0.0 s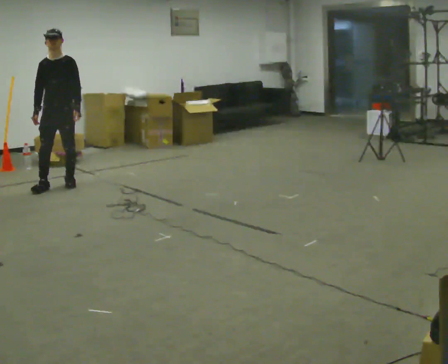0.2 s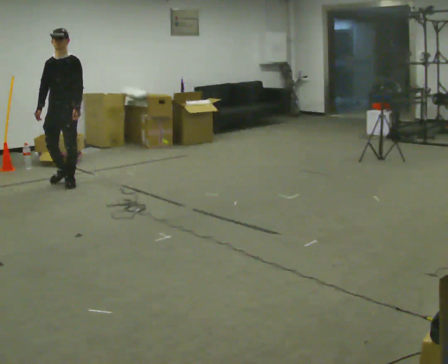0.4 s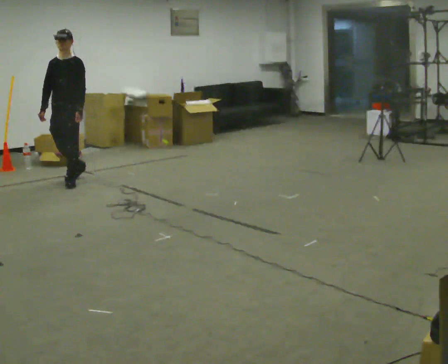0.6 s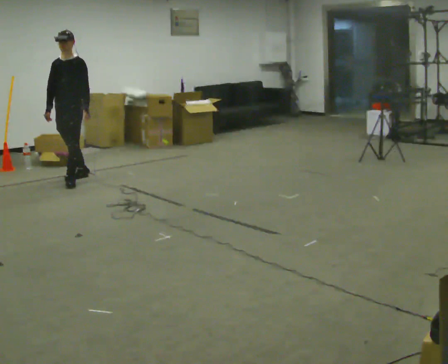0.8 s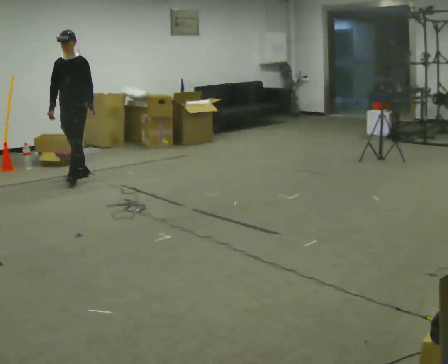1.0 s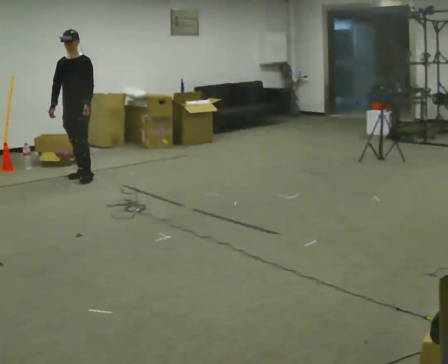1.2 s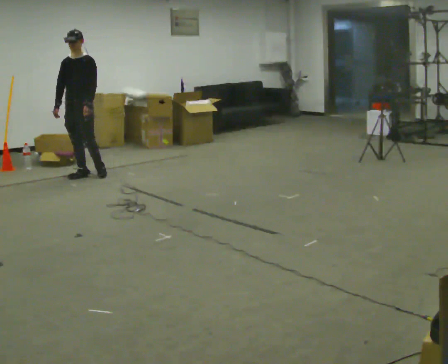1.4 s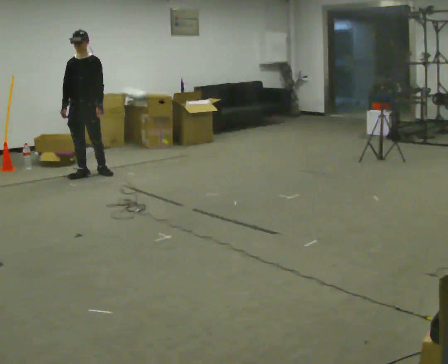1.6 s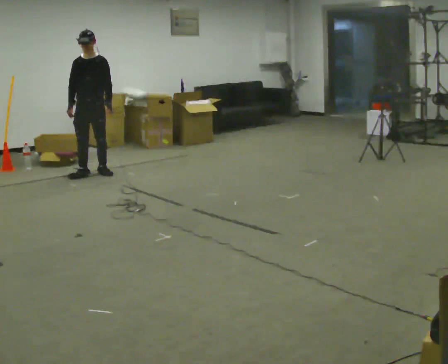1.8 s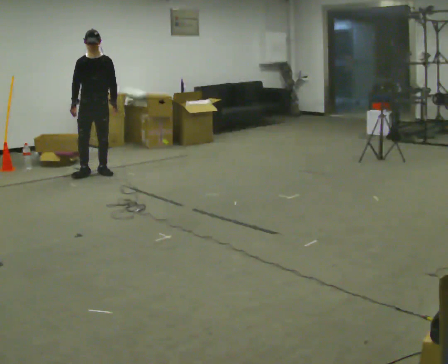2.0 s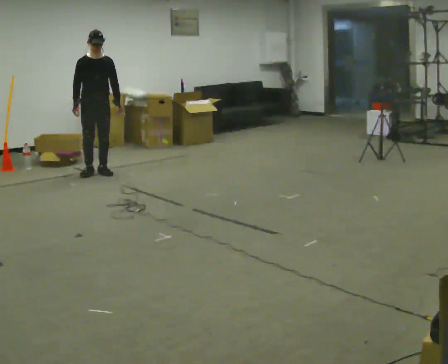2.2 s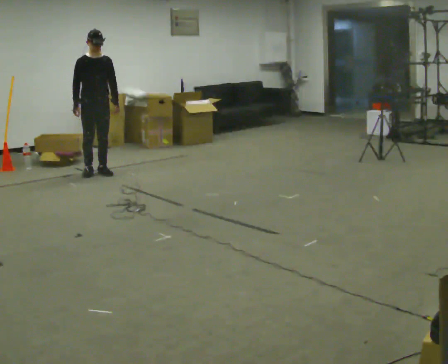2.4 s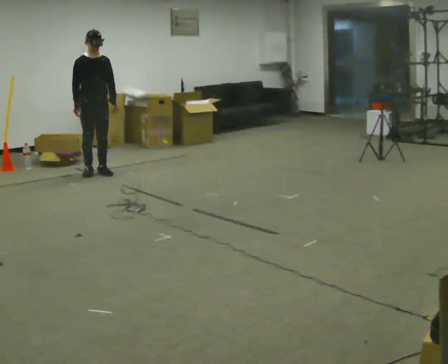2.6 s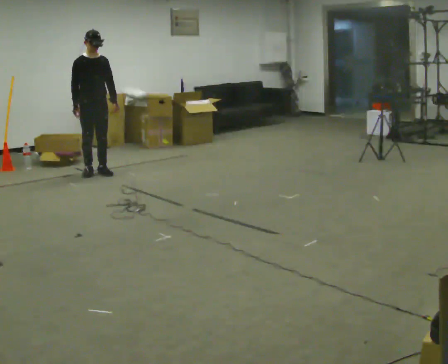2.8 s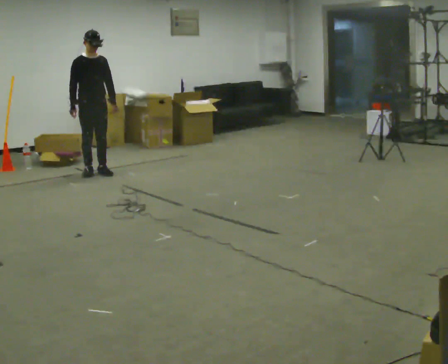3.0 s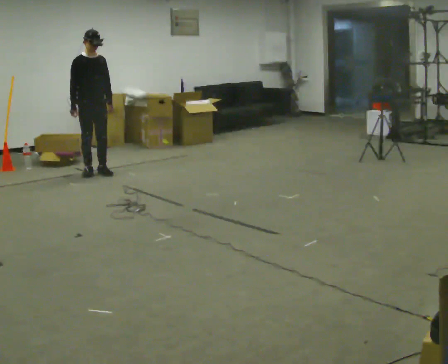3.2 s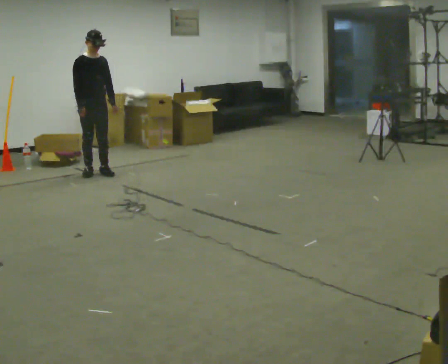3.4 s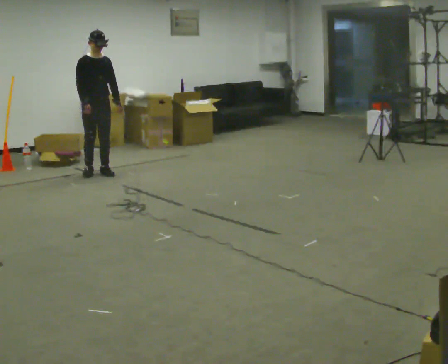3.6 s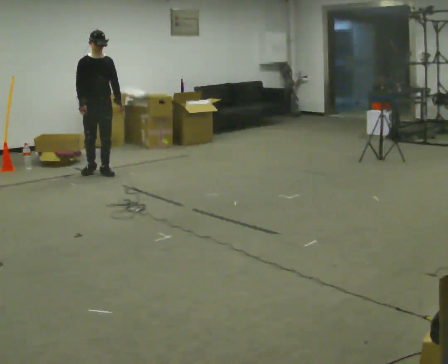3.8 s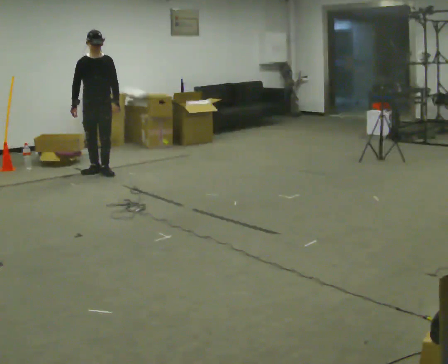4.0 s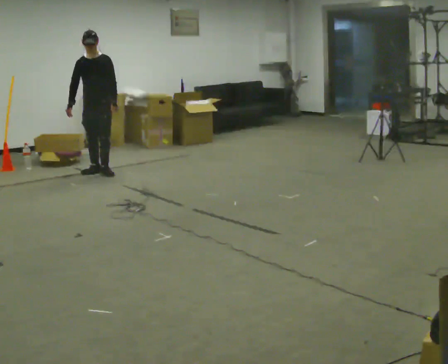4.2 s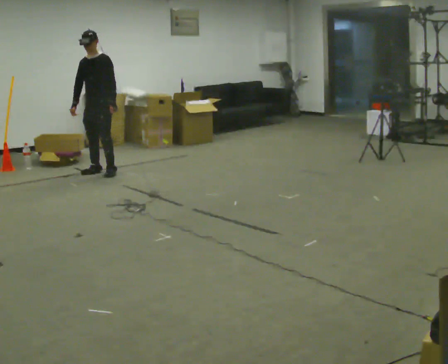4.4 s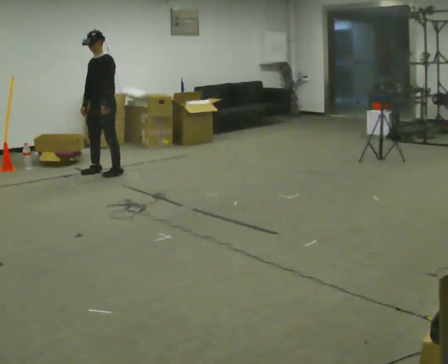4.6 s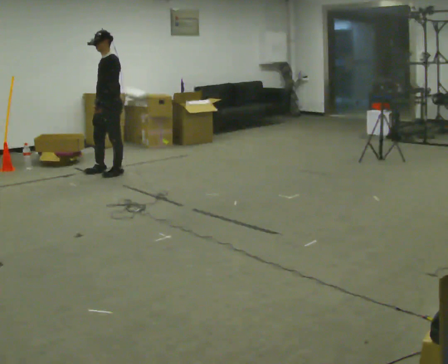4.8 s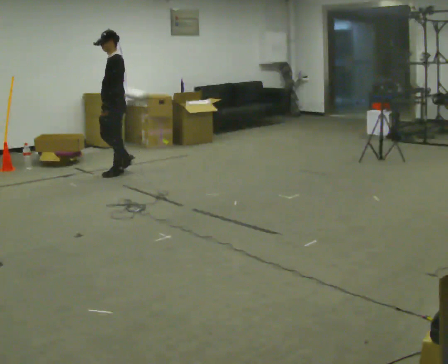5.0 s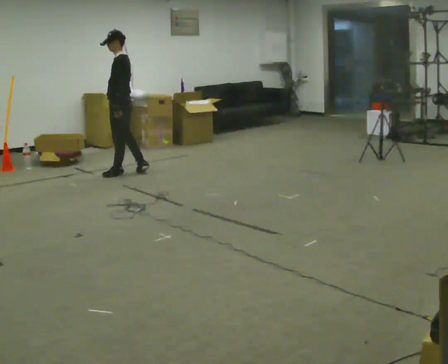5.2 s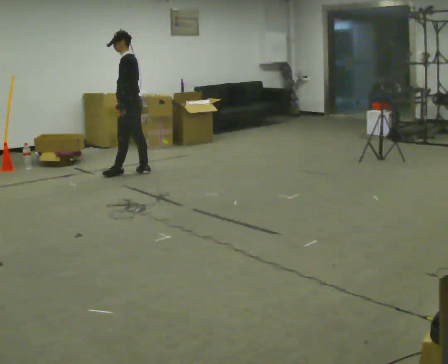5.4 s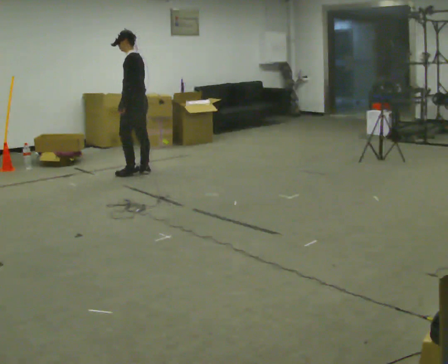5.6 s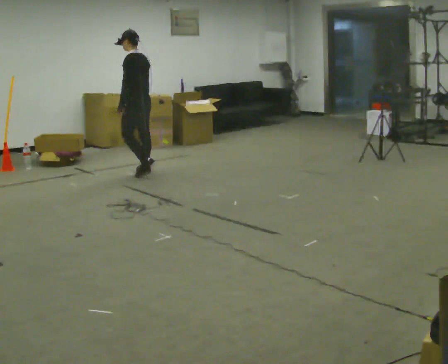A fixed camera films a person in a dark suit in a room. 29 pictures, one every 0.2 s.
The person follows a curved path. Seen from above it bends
clockwise.
The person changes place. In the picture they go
to the right.
0.0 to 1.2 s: In the picture they go away from the camera and to the right, about 0.5 m in 1 step, which for them is backward.
1.2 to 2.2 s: The person turns about 30 degrees to their left, counterclockwise seen from above, so the part of the body nearest the lens slides to the right. In the picture they go to the right, about 0.25 m in 1 step, which for them is backward and to their left. In the picture their left hand goes to the right.
2.2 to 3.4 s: The person moves a little, or ends about where they began.
3.4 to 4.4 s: The person turns about 75 degrees to their right, clockwise seen from above, so the part of the body nearest the lens slides to the left.
4.4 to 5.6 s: The person turns about 75 degrees to their right, clockwise seen from above, so the part of the body nearest the lens slides to the left. In the picture they go to the right and toward the camera, about 0.5 m in 2 steps.
The film runs backward here.
